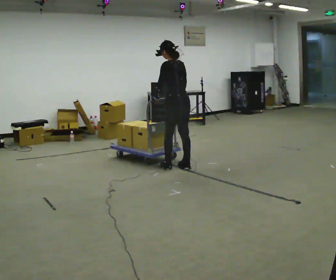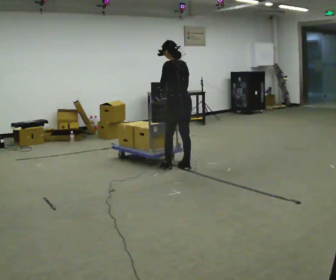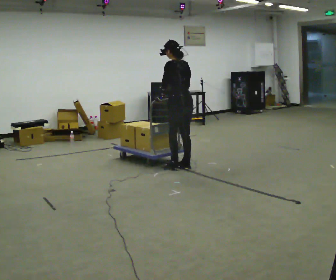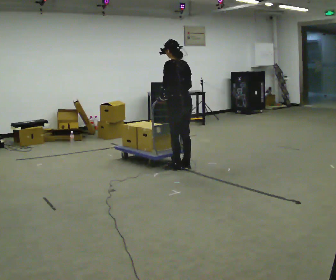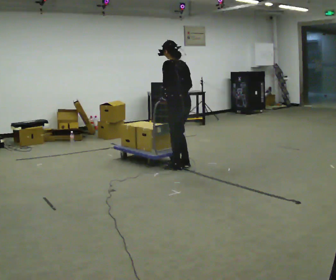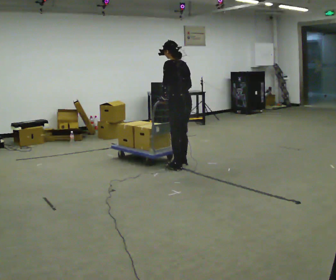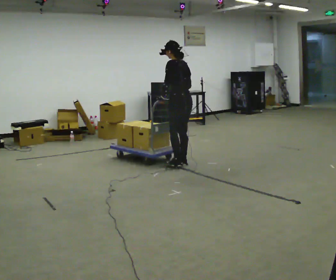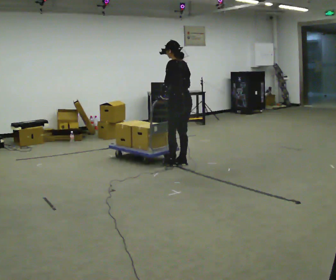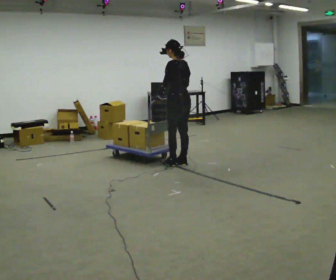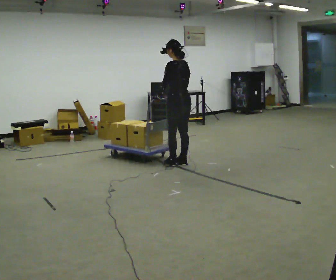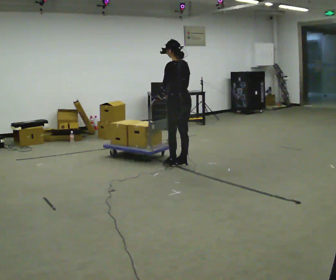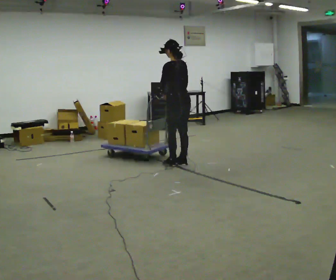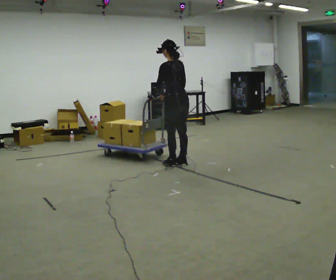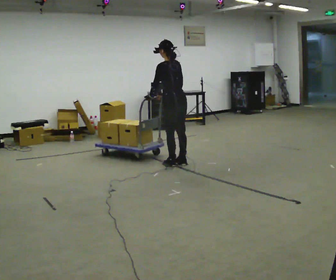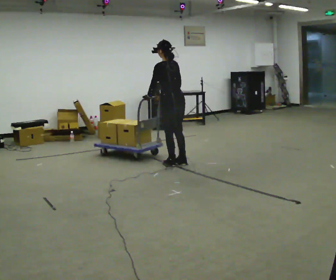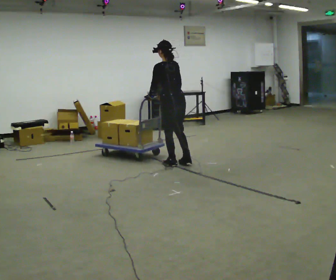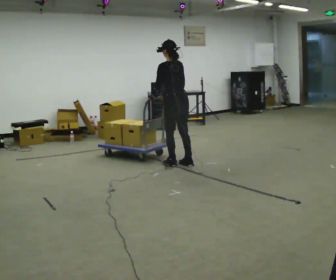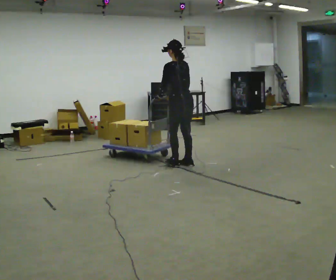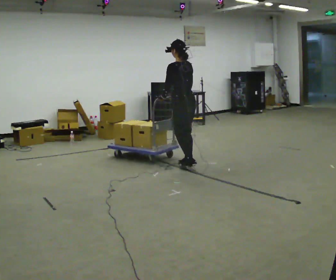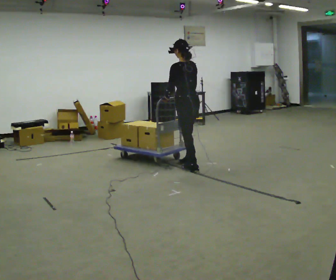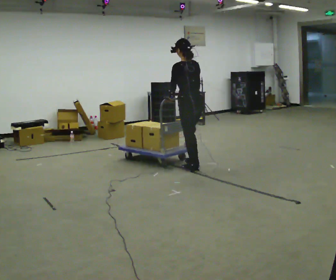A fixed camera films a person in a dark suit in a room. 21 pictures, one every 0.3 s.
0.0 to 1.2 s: The person moves a little, or ends about where they began.
1.2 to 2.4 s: In the picture they go away from the camera, about 0.25 m in 1 step, which for them is to their right and forward.
2.4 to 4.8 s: The person moves a little, or ends about where they began.
4.8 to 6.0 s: In the picture they go toward the camera and to the right, about 0.25 m in 2 steps, which for them is backward.
The film runs backward here.
